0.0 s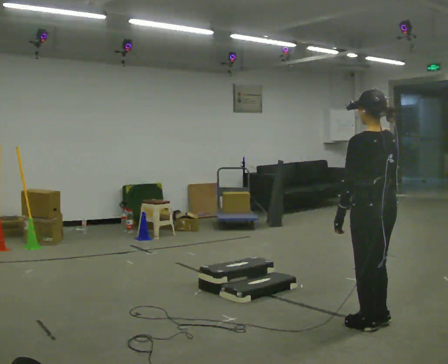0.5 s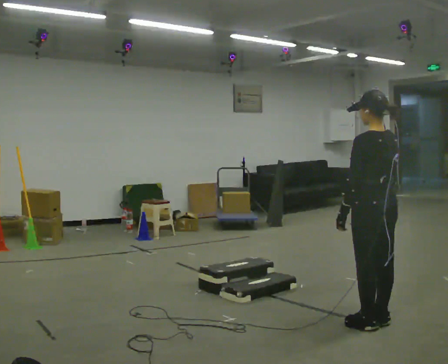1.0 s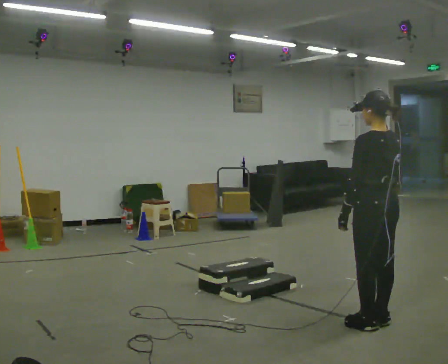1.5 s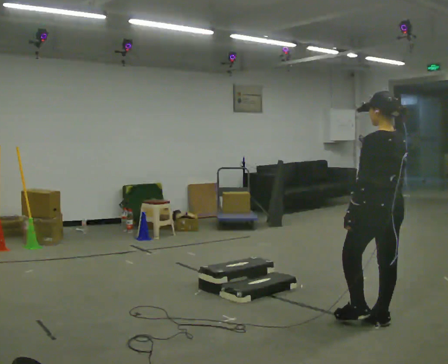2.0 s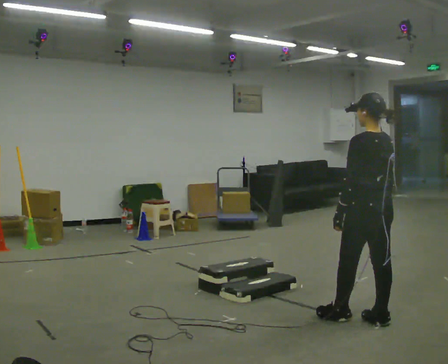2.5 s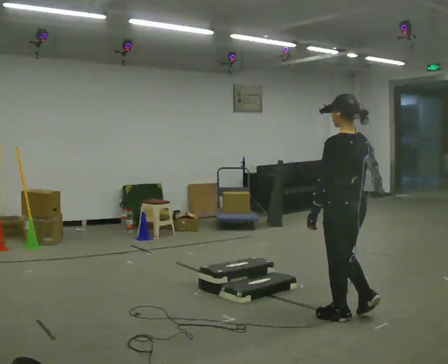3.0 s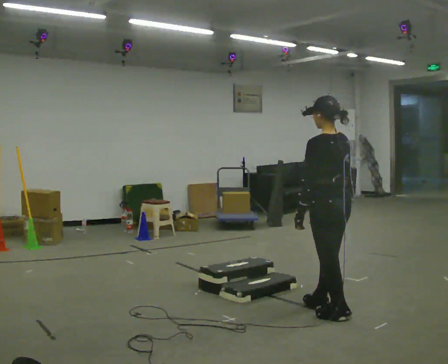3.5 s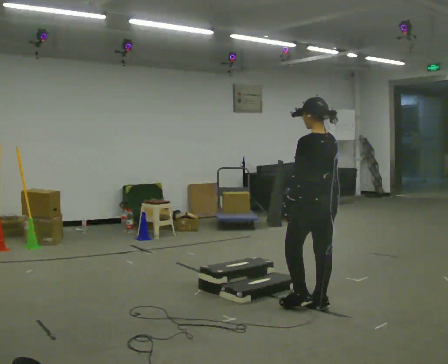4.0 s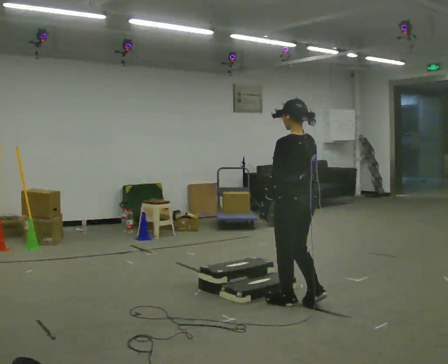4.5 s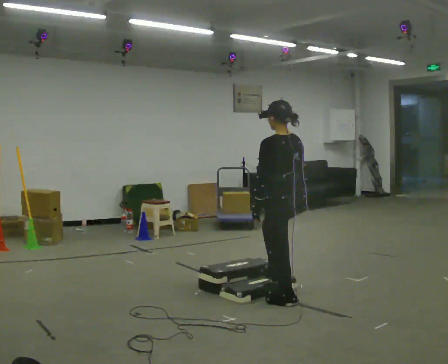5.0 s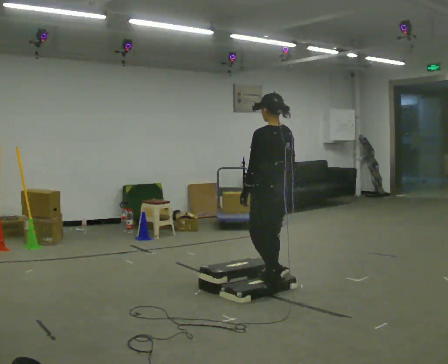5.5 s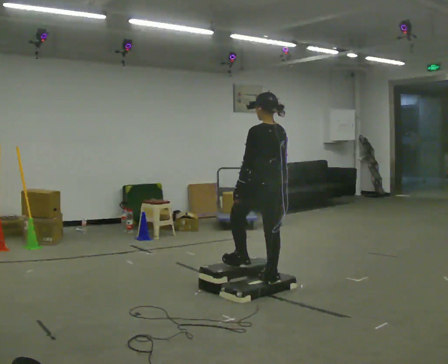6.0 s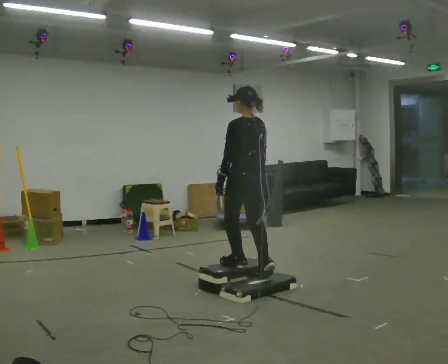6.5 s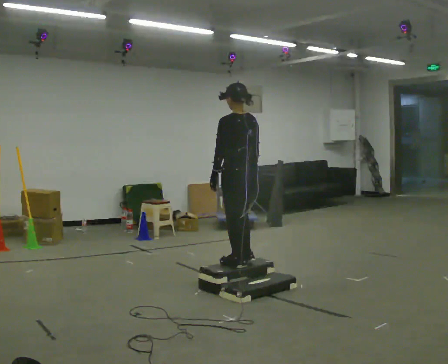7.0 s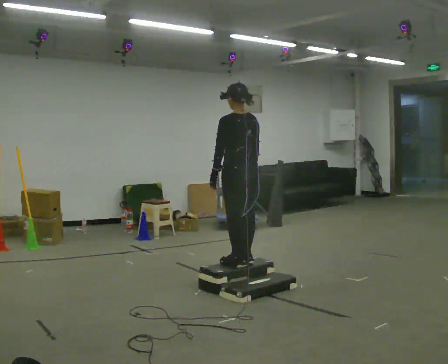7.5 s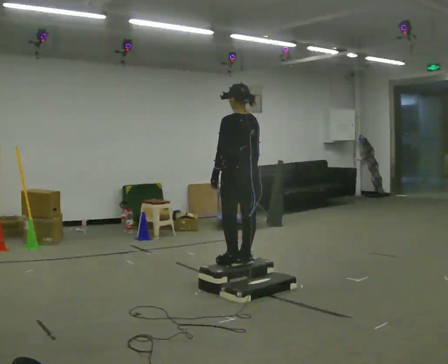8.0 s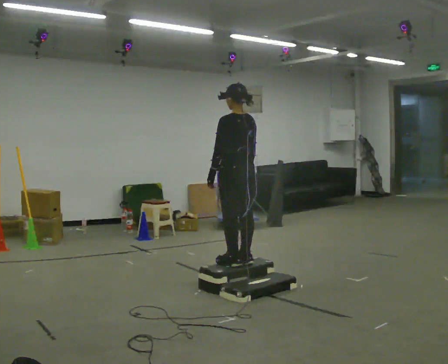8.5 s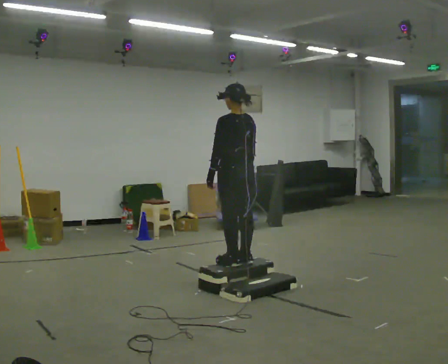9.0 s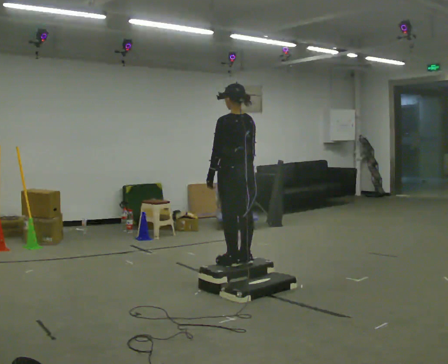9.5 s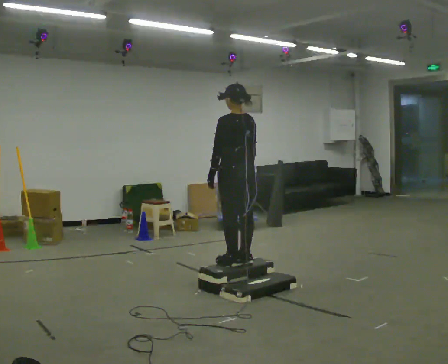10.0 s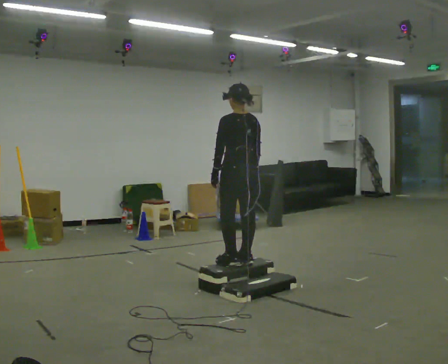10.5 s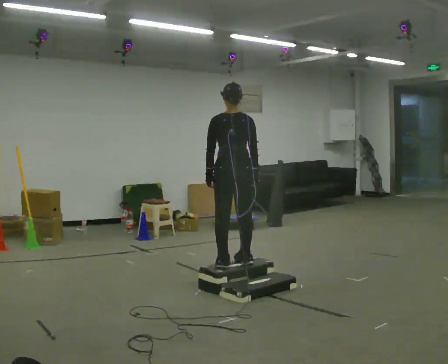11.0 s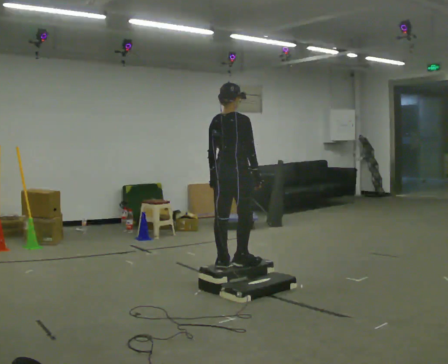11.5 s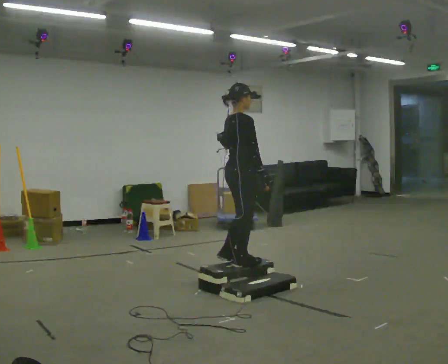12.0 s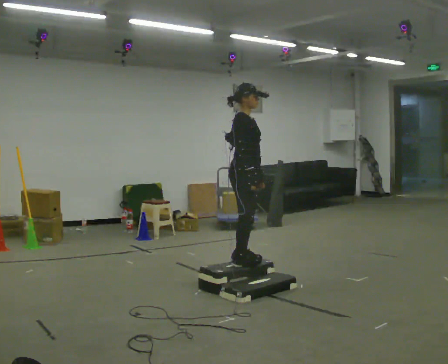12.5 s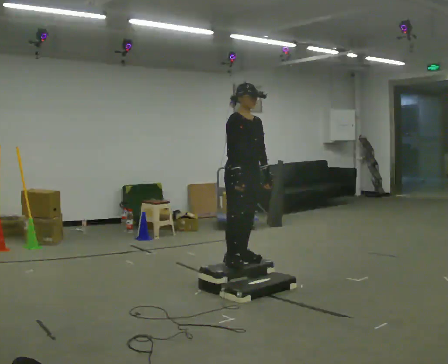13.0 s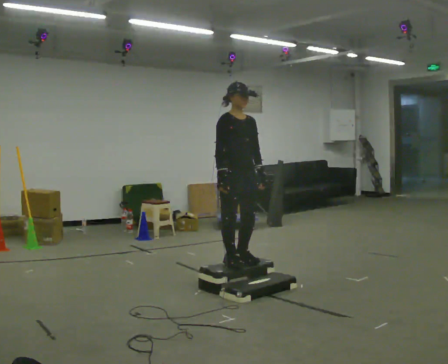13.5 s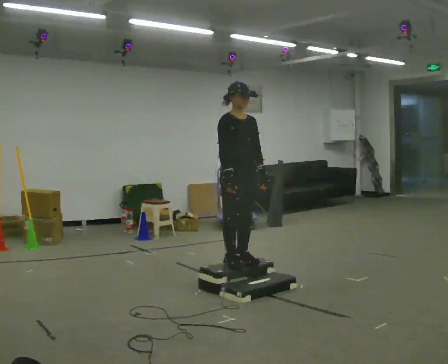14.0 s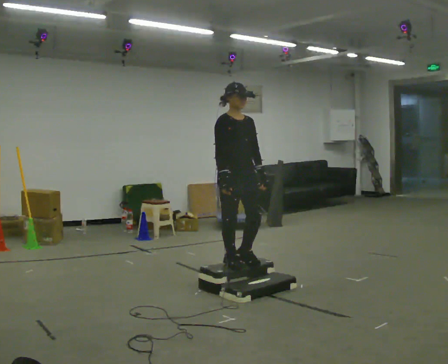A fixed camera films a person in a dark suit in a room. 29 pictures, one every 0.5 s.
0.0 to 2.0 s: The person moves a little, or ends about where they began.
2.0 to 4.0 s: In the picture they go away from the camera and to the left, about 0.75 m in 2 steps, which for them is forward.
4.0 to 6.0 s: In the picture they go away from the camera and to the left, about 0.5 m in 2 steps, which for them is forward.
6.0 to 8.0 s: In the picture they go away from the camera, about 0.25 m in 1 step, which for them is forward.
8.0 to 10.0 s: The person moves a little, or ends about where they began.
10.0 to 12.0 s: The person turns about 135 degrees to their right, clockwise seen from above, so the part of the body nearest the lens slides to the left.
12.0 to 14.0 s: The person turns about 45 degrees to their right, clockwise seen from above, so the part of the body nearest the lens slides to the left.
The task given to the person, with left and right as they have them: Walk up the three steps, turn at the top, and walk back down at a comfortable speed. Use the handrail only if you need it.
The film runs forward here.
